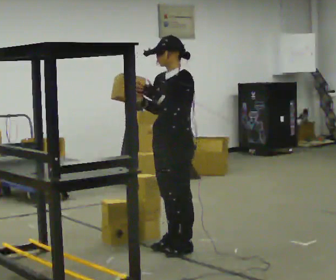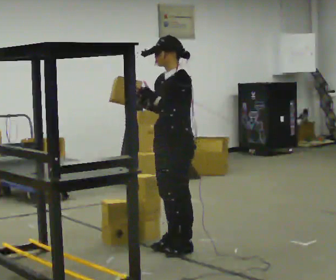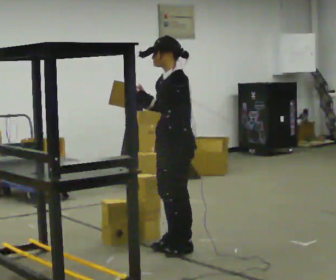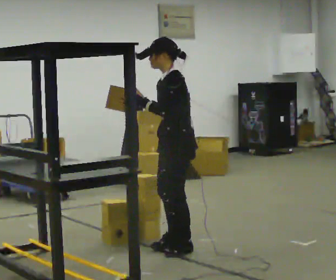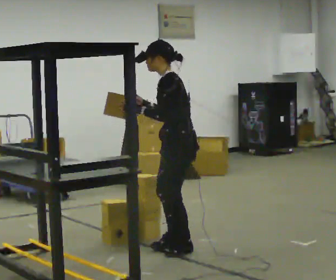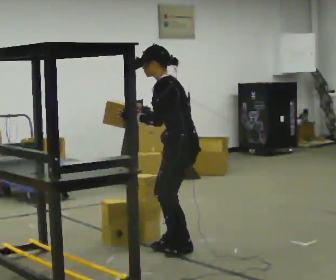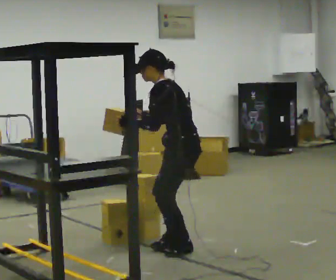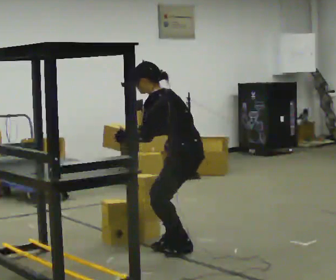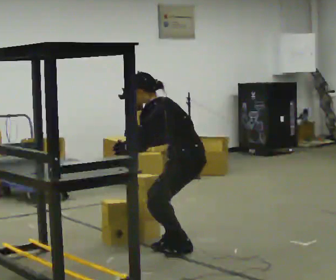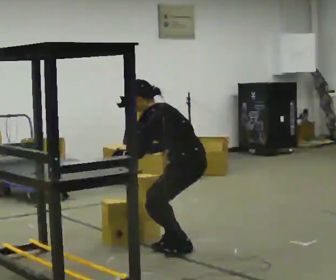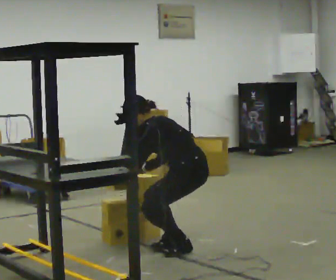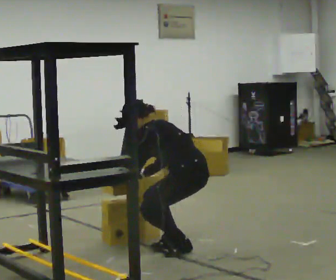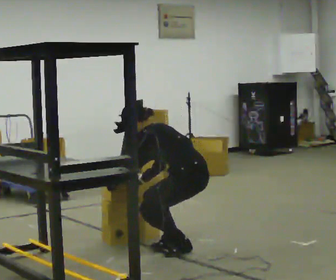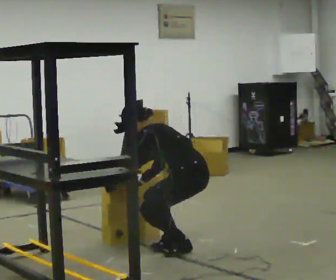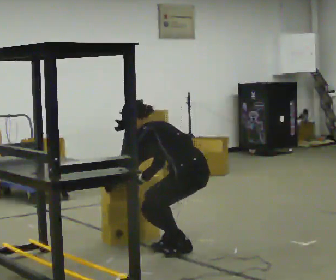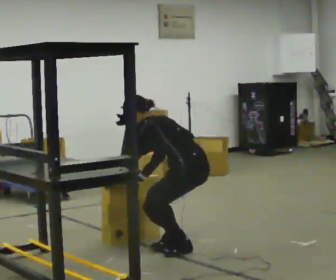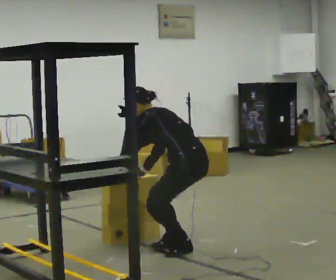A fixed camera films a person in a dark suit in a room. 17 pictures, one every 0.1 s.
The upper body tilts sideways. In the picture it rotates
counterclockwise.
Their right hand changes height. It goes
downward.
0.0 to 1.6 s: The person turns about 60 degrees to their right, clockwise seen from above, so the part of the body nearest the lens slides to the left. In the picture the upper body tilts counterclockwise, shoulders to the left, as they bend forward. In the picture their left hand goes downward and to the left.
The film runs backward here.
